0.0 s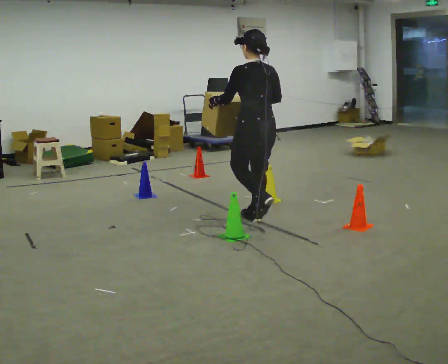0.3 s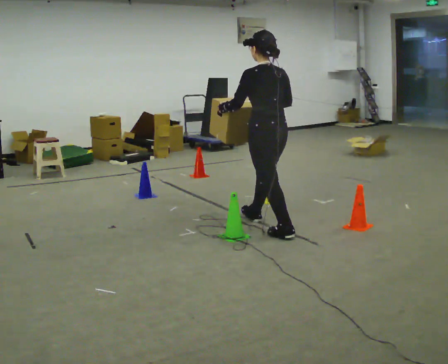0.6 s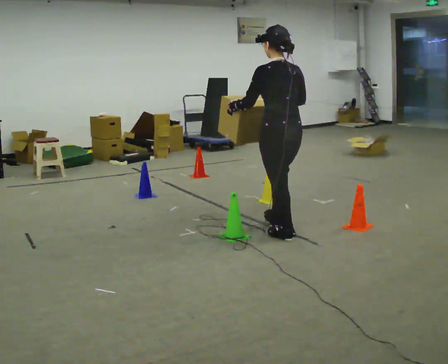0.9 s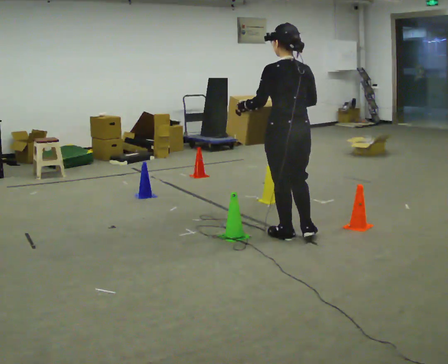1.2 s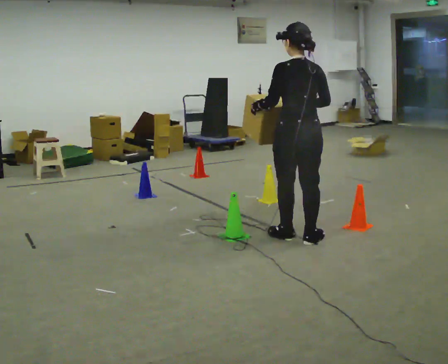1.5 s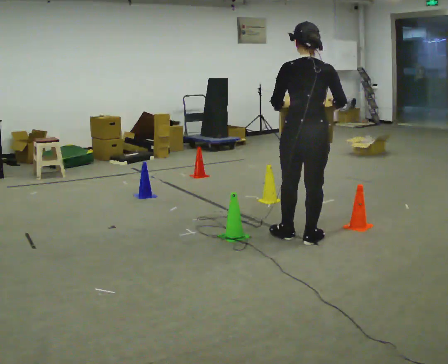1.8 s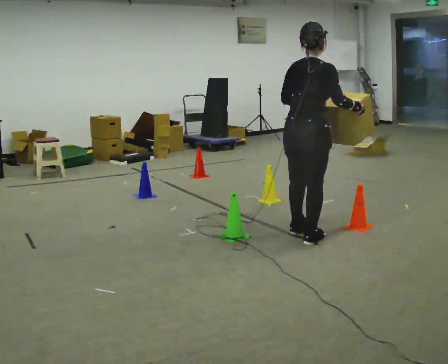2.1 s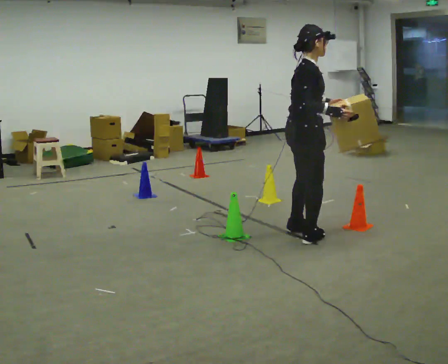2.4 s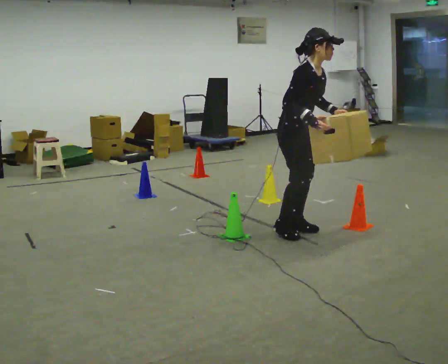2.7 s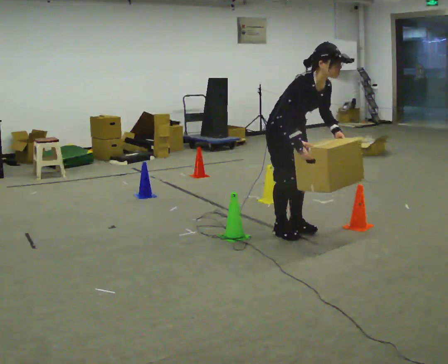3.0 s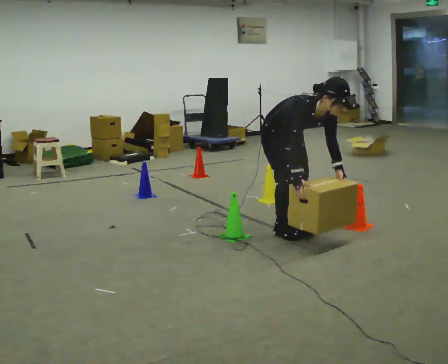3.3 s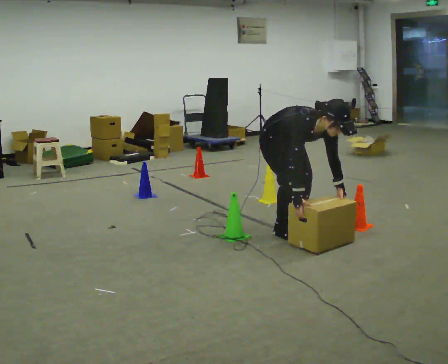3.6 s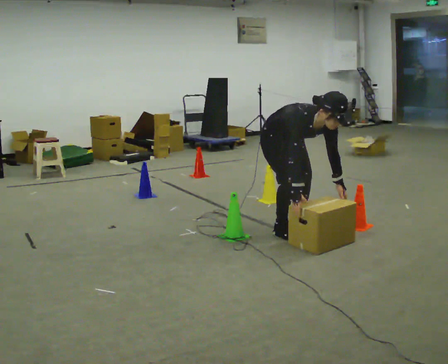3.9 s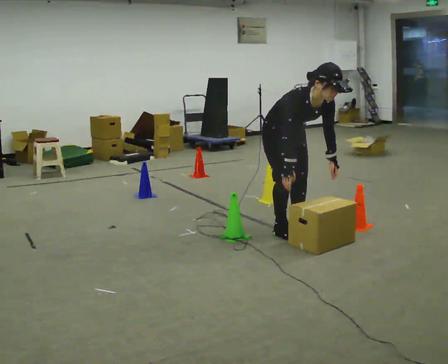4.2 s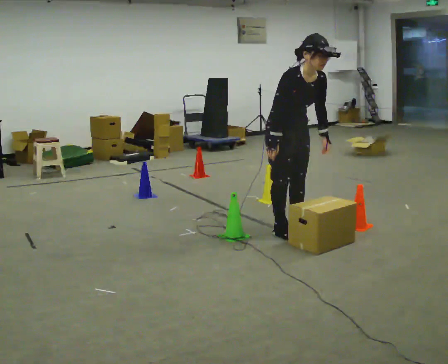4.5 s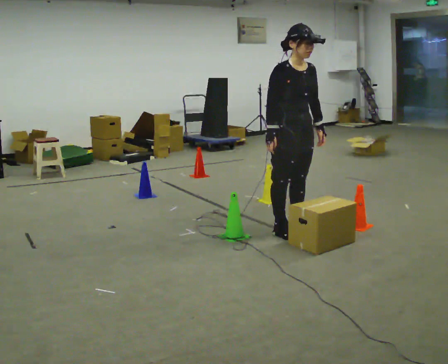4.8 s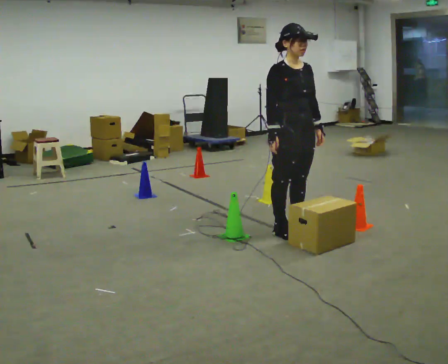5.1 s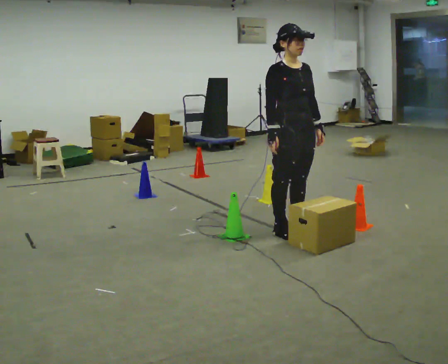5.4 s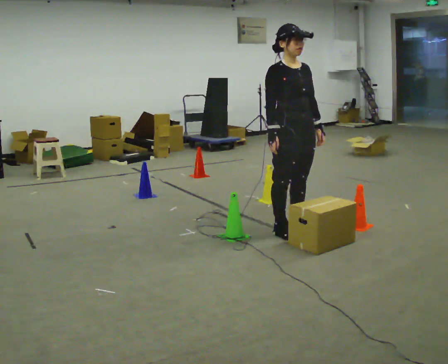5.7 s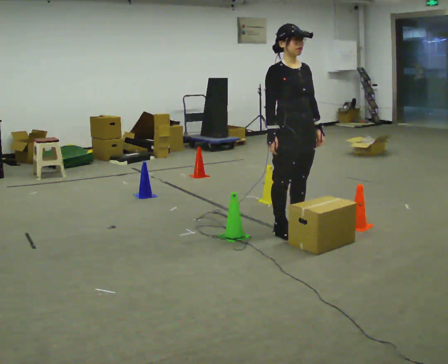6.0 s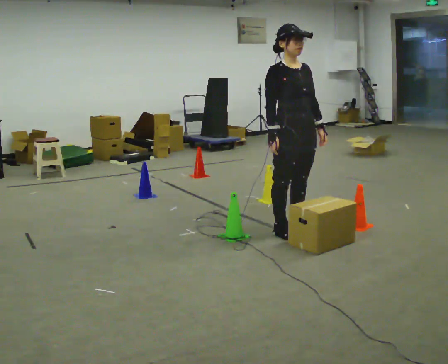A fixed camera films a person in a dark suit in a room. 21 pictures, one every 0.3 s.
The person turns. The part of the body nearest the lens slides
to the left.
The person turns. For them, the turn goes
to their right.
0.0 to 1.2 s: In the picture they go toward the camera and to the right, about 0.5 m in 1 step, which for them is backward.
1.2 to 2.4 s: The person turns about 135 degrees to their right, clockwise seen from above, so the part of the body nearest the lens slides to the left. In the picture they go away from the camera, about 0.25 m in 2 steps. In the picture the upper body tilts clockwise, shoulders to the right, as they bend forward.
2.4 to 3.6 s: Seen from above the body turns clockwise, about 30 degrees: to their right, with its near side sliding to the left. The shoulders move downward. The upper body tips toward the camera, its near side rolling downward, as they bend forward. In the picture their right hand goes downward.
3.6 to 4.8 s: The shoulders move upward. The upper body tips away from the camera, its near side rolling upward, as they lean back or straighten. In the picture their right hand goes upward.
4.8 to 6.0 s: The person keeps their place and pose.
The film runs backward here.
